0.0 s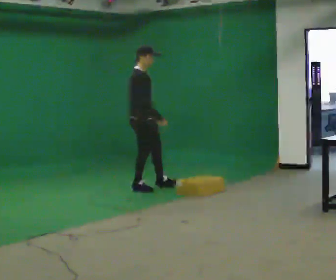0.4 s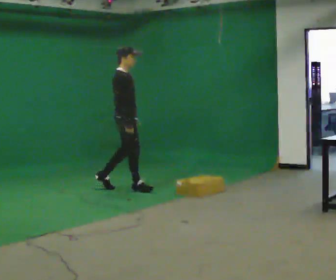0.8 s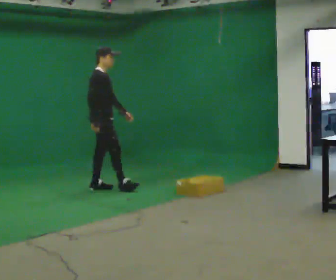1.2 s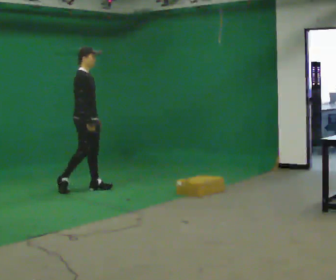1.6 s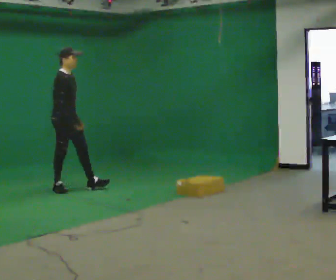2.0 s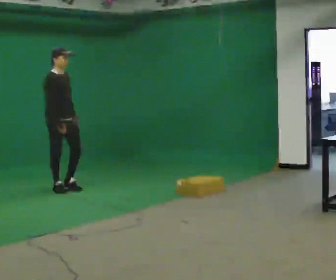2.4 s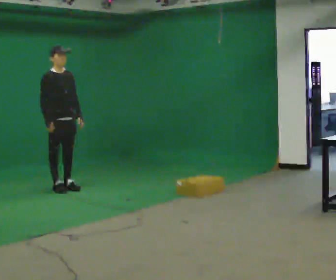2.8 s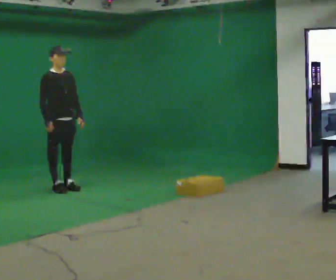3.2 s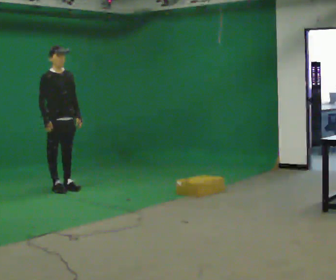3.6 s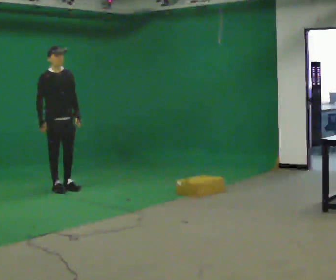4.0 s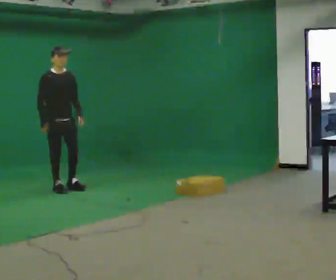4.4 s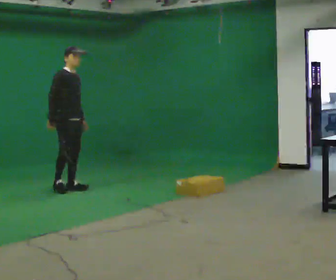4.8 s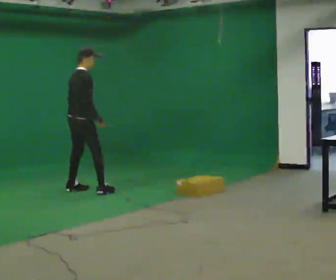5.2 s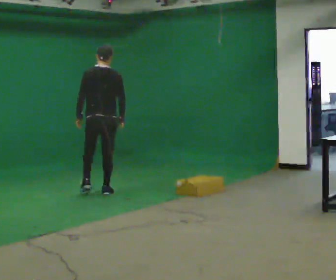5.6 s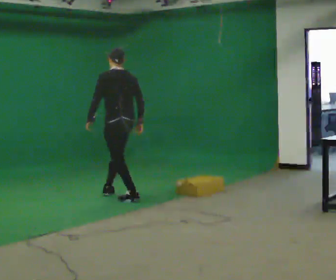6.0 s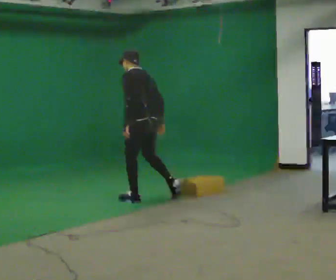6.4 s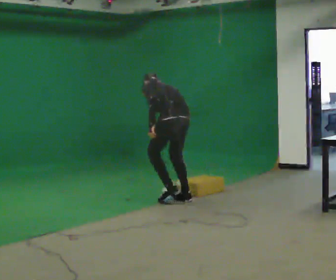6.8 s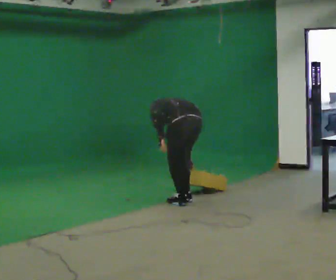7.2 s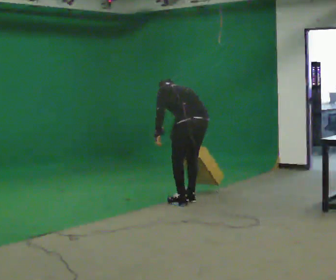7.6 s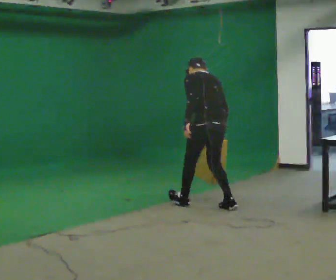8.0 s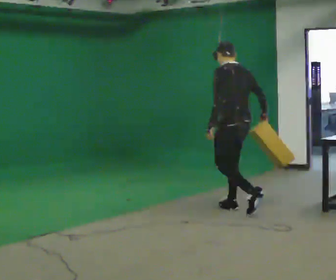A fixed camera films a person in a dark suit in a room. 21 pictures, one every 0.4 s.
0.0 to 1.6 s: In the picture they go to the left, about 1 m in 1 step, which for them is backward.
1.6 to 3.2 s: Seen from above the body turns clockwise, about 30 degrees: to their right, with its near side sliding to the left.
3.2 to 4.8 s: The person turns about 75 degrees to their left, counterclockwise seen from above, so the part of the body nearest the lens slides to the right. In the picture they go to the right, about 0.25 m in 1 step.
4.8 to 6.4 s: The part of the body nearest the lens slides to the right as the person turns to their left by about 105 degrees. In the picture they go to the right and toward the camera, about 1.5 m in 3 steps. The upper body goes downward. The upper body tips away from the camera, its near side rolling upward, as they bend forward.
6.4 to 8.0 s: In the picture they go toward the camera and to the right, about 1 m in 2 steps, which for them is backward.
The film runs backward here.
